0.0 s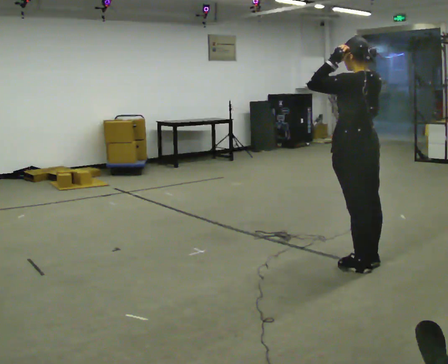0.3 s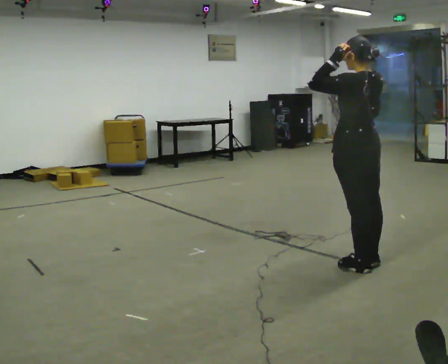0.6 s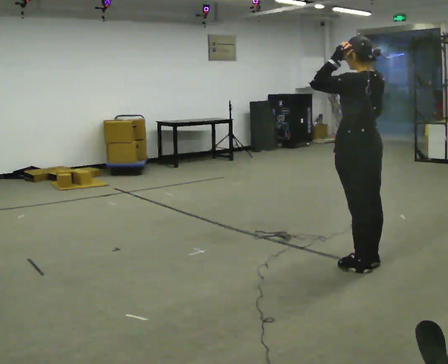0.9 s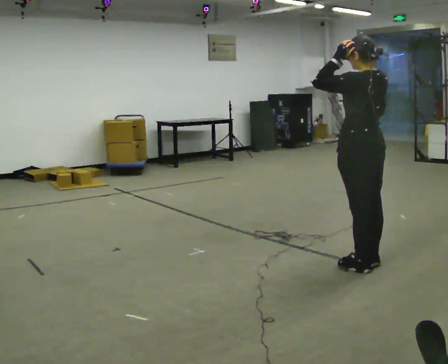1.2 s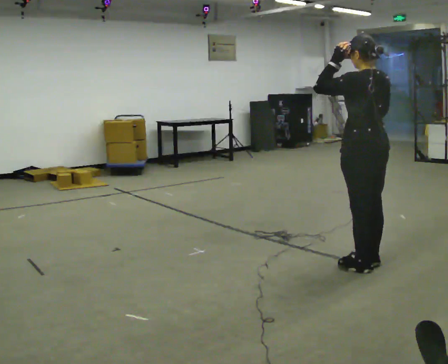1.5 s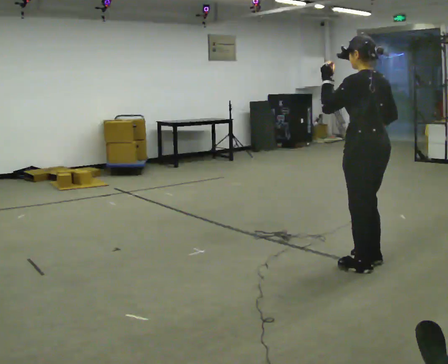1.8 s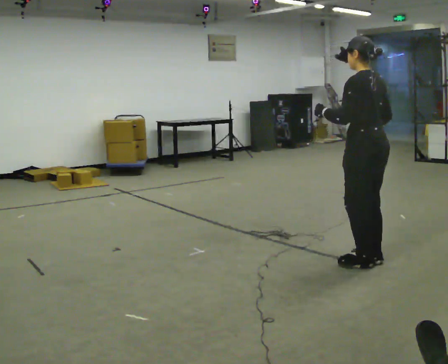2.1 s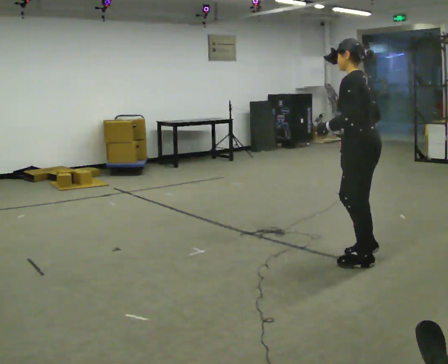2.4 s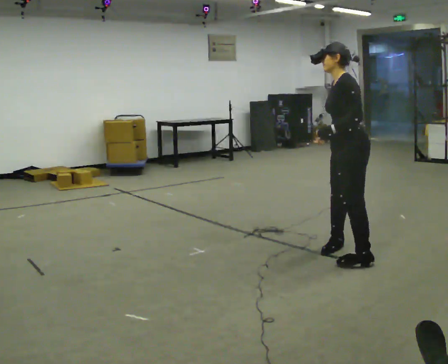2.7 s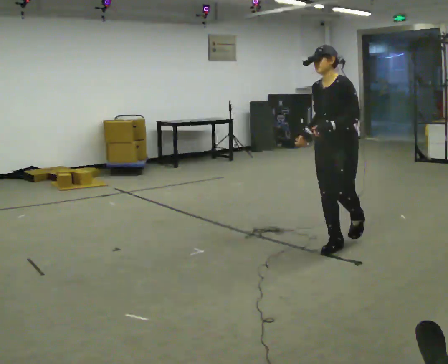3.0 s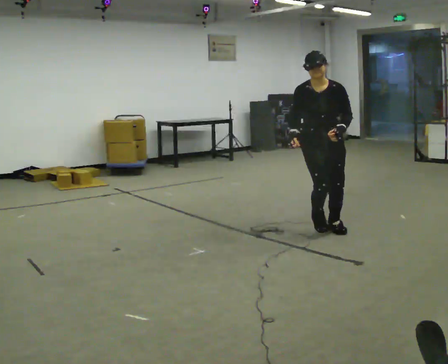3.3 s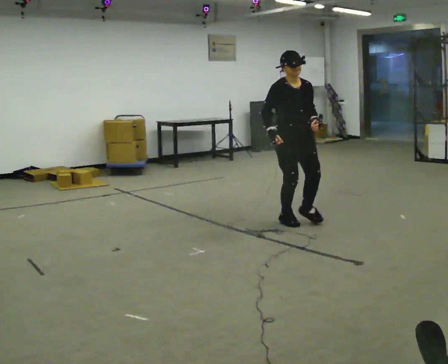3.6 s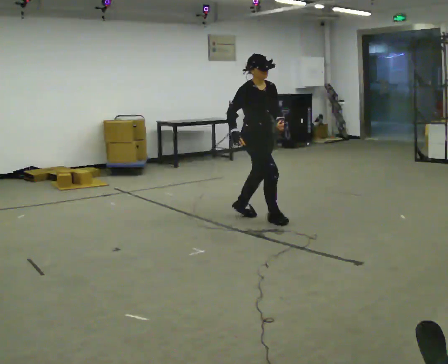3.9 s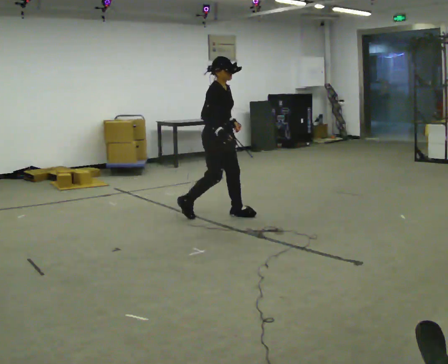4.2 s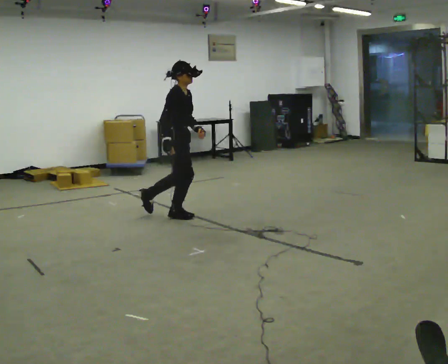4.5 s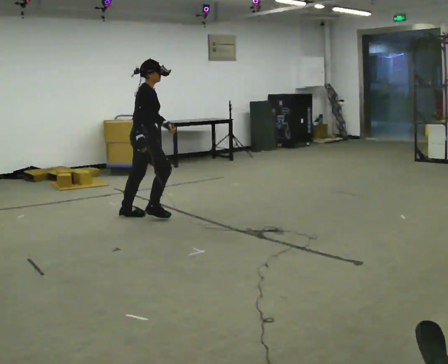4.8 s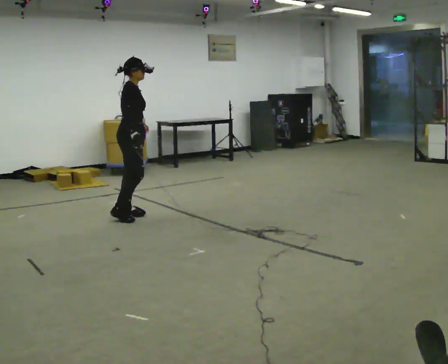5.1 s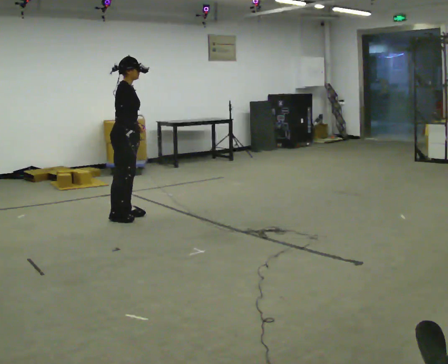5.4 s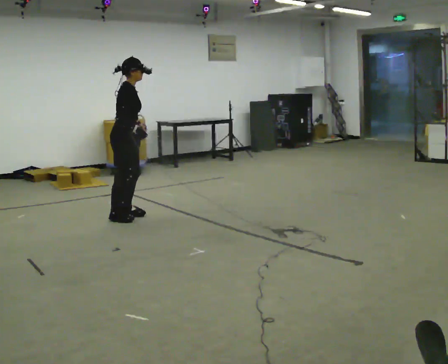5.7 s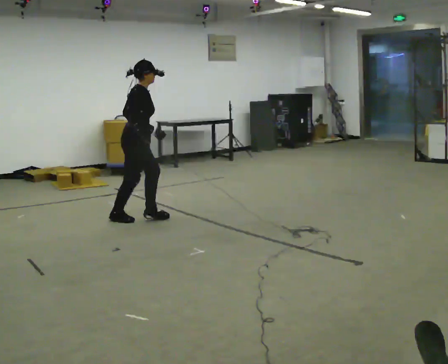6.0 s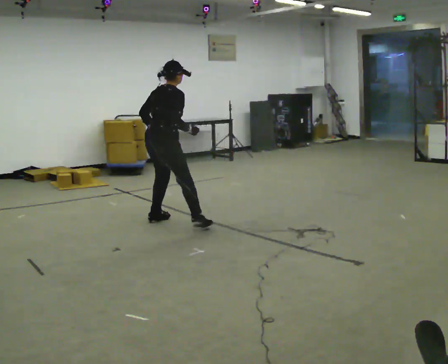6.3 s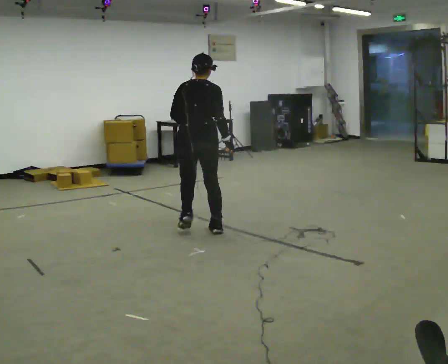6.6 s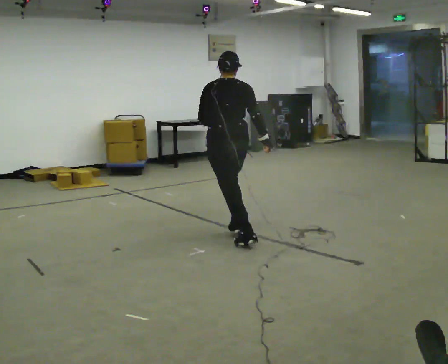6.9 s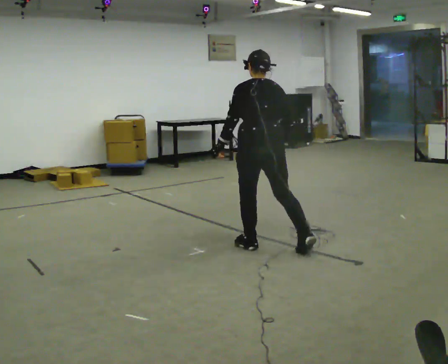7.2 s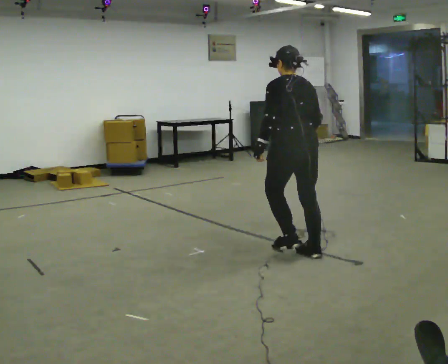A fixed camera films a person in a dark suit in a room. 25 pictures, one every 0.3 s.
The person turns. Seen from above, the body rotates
counterclockwise.
The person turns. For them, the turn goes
to their left.
0.0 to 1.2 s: The person moves a little, or ends about where they began.
1.2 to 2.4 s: Seen from above the body turns counterclockwise, about 45 degrees: to their left, with its near side sliding to the right. In the picture they go away from the camera, about 0.25 m in 1 step, which for them is to their right and forward. In the picture the upper body tilts counterclockwise, shoulders to the left, as they bend forward. In the picture their left hand goes downward.
2.4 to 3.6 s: The person turns about 150 degrees to their left, counterclockwise seen from above, so the part of the body nearest the lens slides to the right. In the picture they go away from the camera and to the left, about 1.5 m in 4 steps.
3.6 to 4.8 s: Seen from above the body turns counterclockwise, about 45 degrees: to their left, with its near side sliding to the right. In the picture they go to the left, about 1.5 m in 2 steps, which for them is backward.
4.8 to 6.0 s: Seen from above the body turns counterclockwise, about 30 degrees: to their left, with its near side sliding to the right. In the picture they go to the right and toward the camera, about 0.5 m in 2 steps, which for them is forward and to their right.
6.0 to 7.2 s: The person turns about 75 degrees to their left, counterclockwise seen from above, so the part of the body nearest the lens slides to the right. In the picture they go to the right and toward the camera, about 1.5 m in 3 steps. In the picture the upper body tilts counterclockwise, shoulders to the left.
The film runs backward here.
